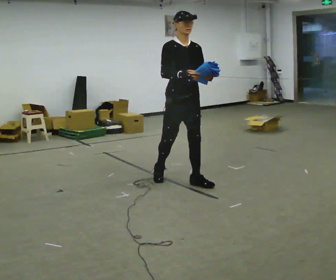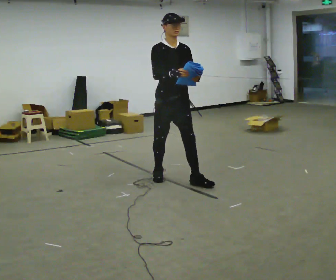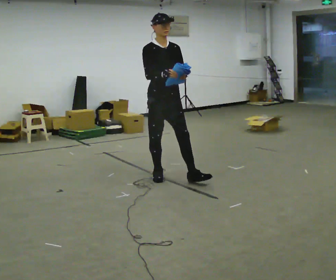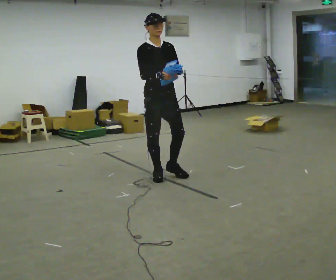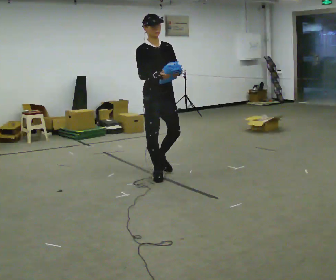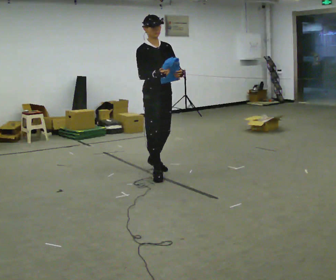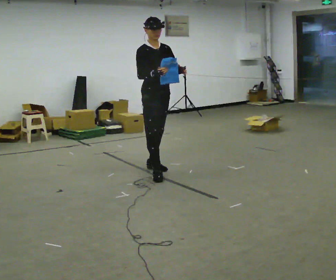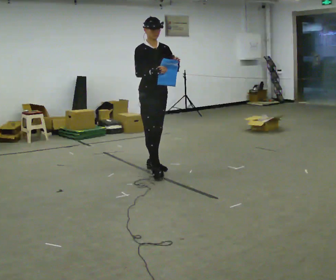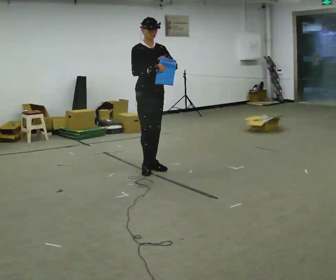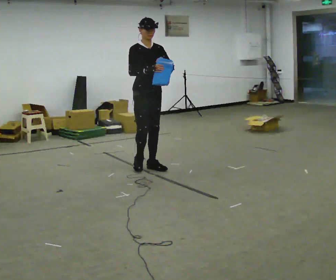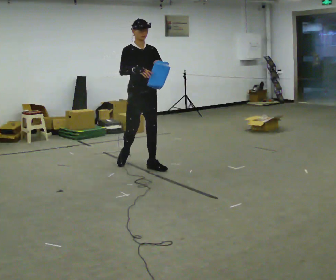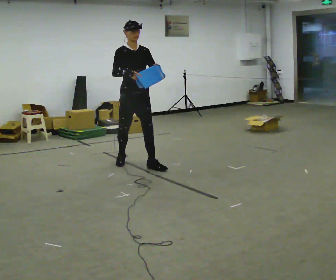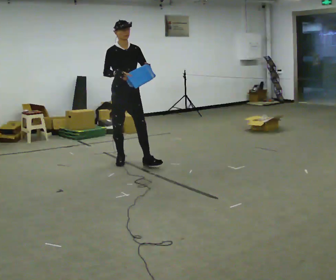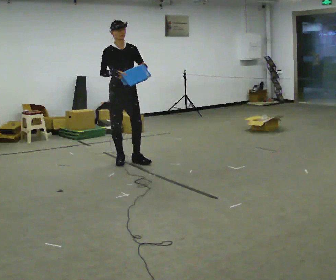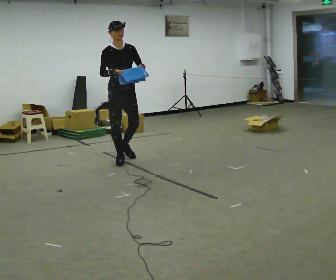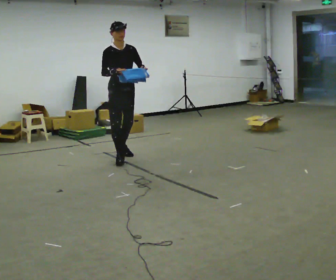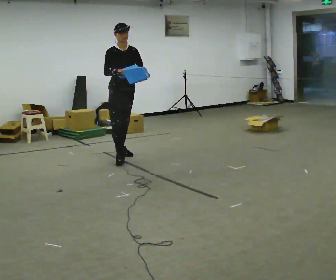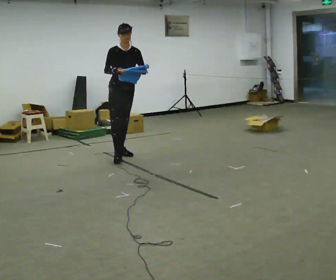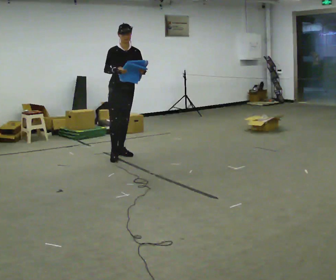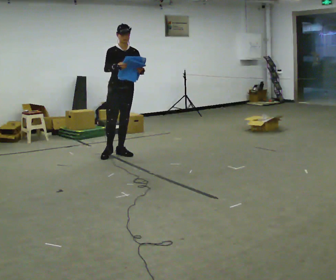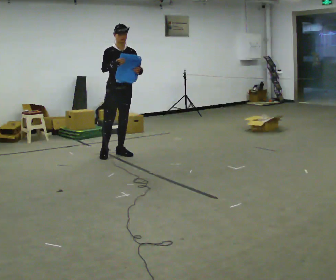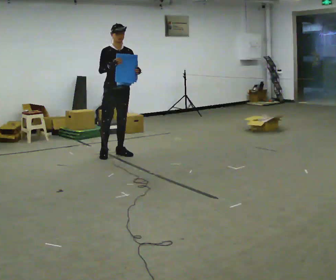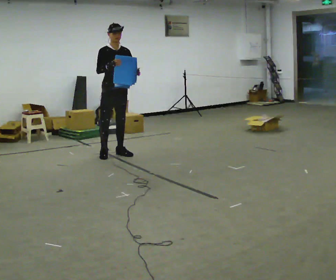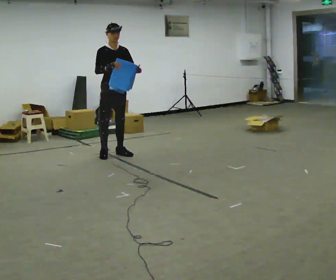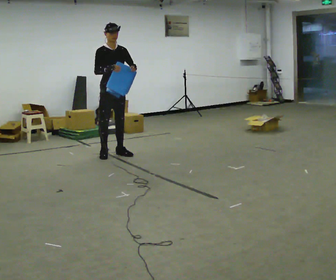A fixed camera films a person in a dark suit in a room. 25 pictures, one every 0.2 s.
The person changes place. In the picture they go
away from the camera.
0.0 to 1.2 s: In the picture they go away from the camera and to the left, about 0.5 m in 1 step, which for them is backward.
1.2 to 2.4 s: In the picture they go away from the camera and to the left, about 0.5 m in 2 steps, which for them is backward.
2.4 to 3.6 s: In the picture they go away from the camera, about 0.5 m in 1 step, which for them is backward.
3.6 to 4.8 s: The person moves a little, or ends about where they began.
The film runs backward here.
